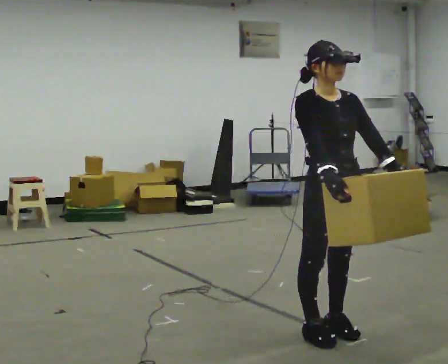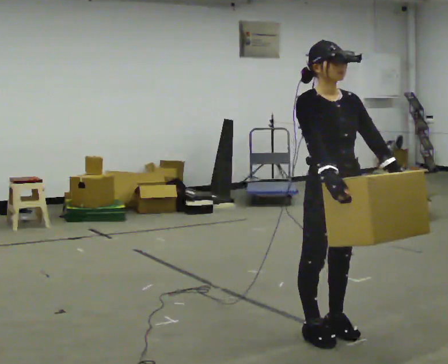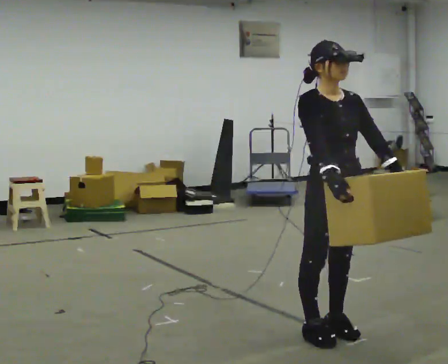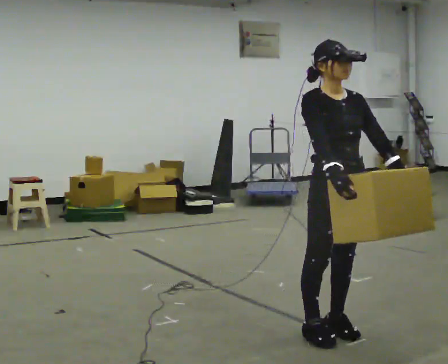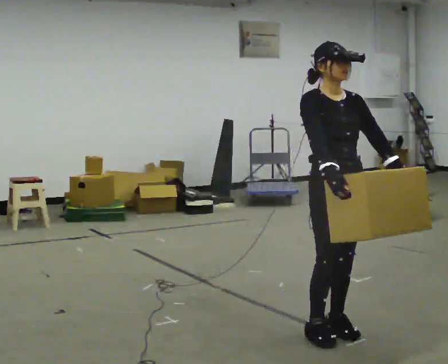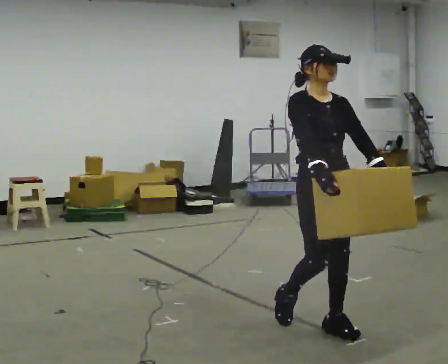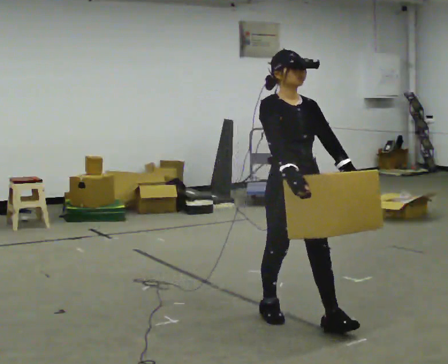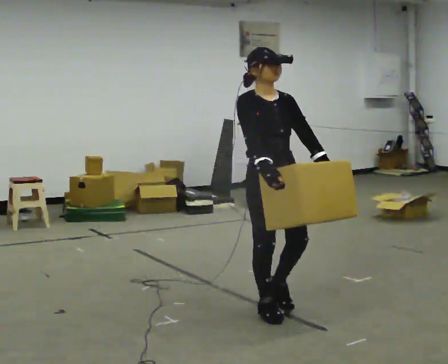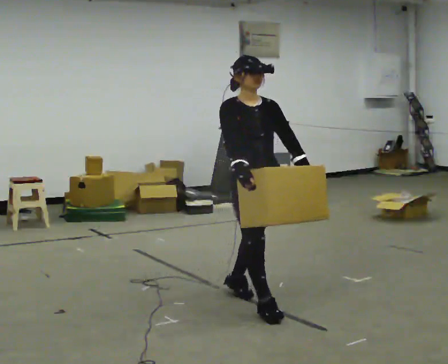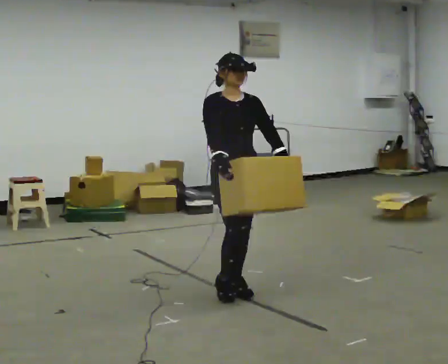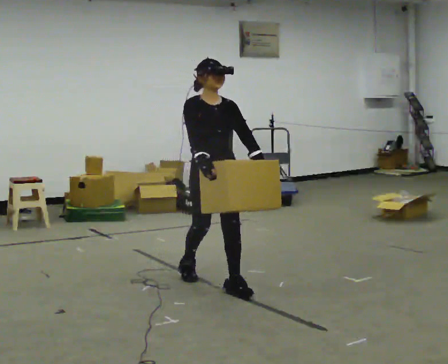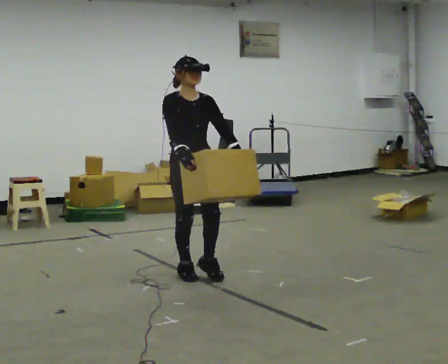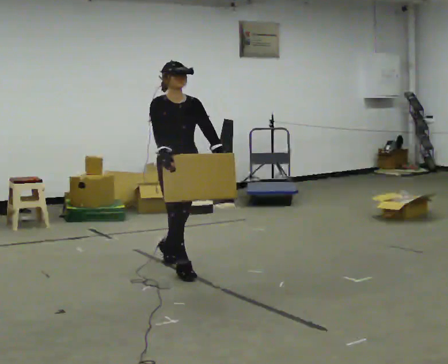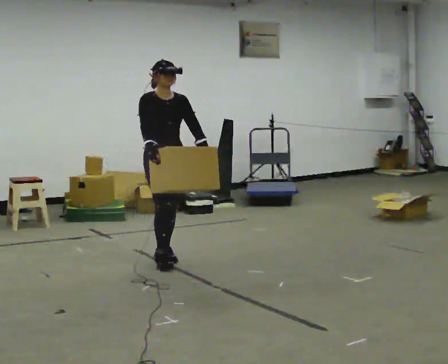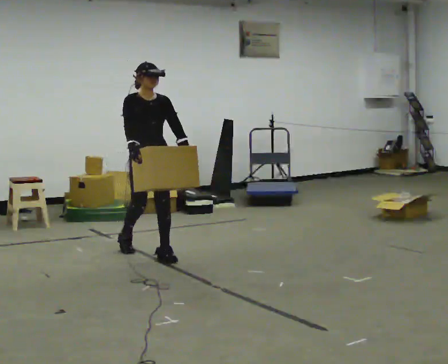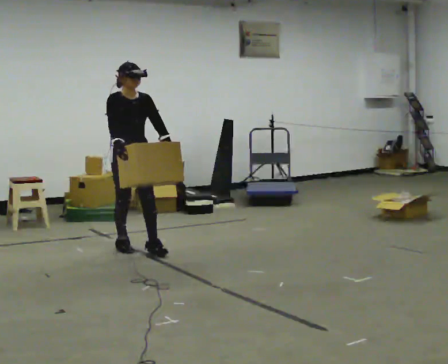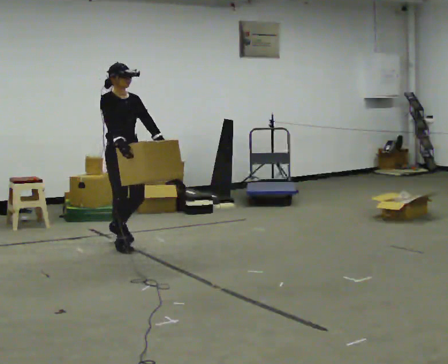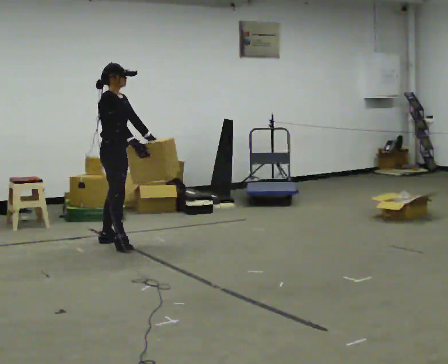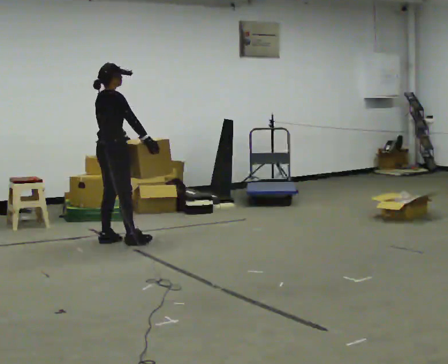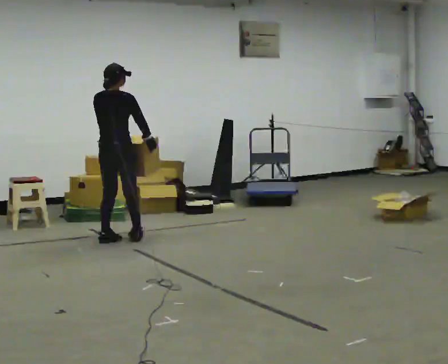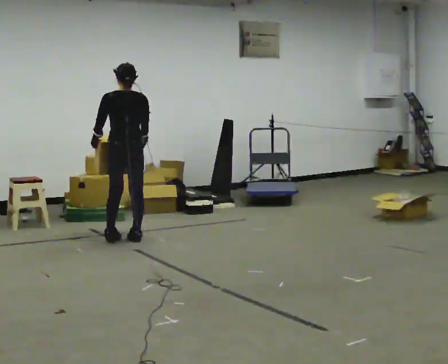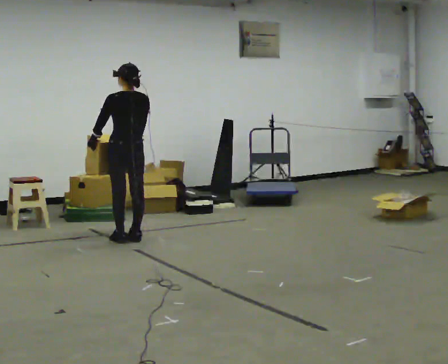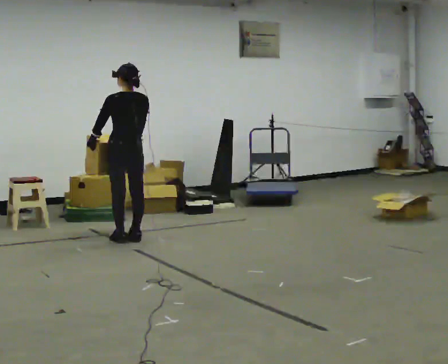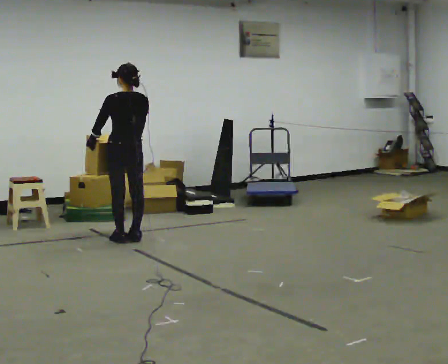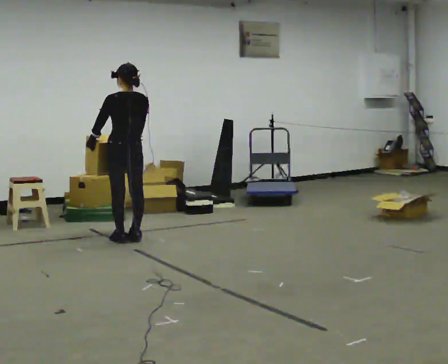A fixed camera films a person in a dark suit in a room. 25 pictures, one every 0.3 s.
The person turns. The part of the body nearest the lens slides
to the right.
The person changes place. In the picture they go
away from the camera.
0.0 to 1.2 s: The person moves a little, or ends about where they began.
1.2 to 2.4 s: In the picture they go away from the camera and to the left, about 0.75 m in 2 steps, which for them is backward.
2.4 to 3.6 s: In the picture they go away from the camera and to the left, about 1 m in 2 steps, which for them is backward.
3.6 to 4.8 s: In the picture they go away from the camera and to the left, about 1 m in 2 steps, which for them is backward.
4.8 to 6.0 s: The person turns about 150 degrees to their left, counterclockwise seen from above, so the part of the body nearest the lens slides to the right. In the picture they go away from the camera, about 0.25 m in 2 steps.
6.0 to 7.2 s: The person moves a little, or ends about where they began.
The film runs backward here.
